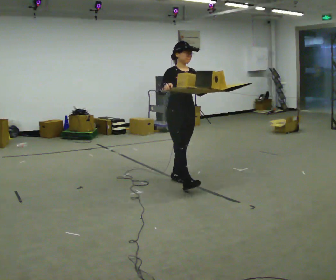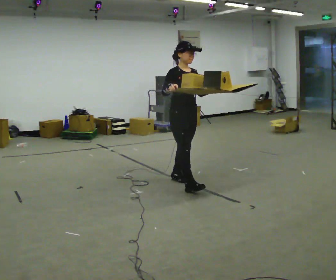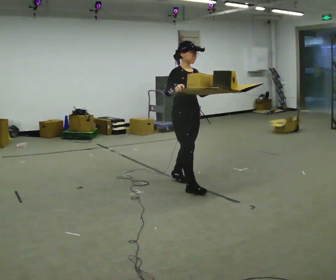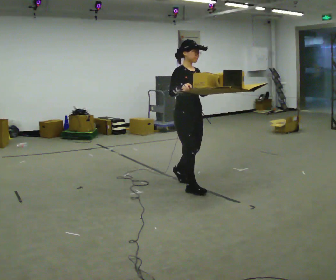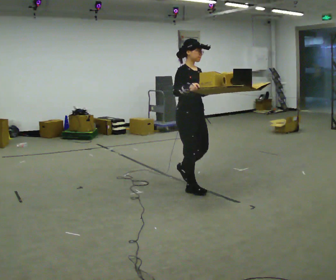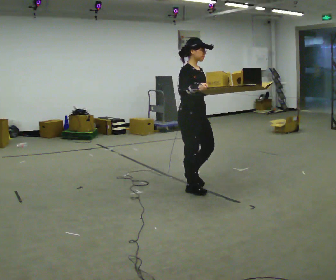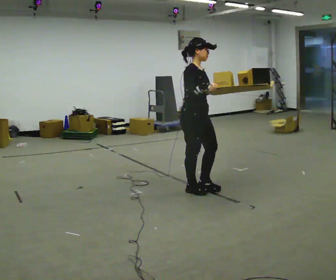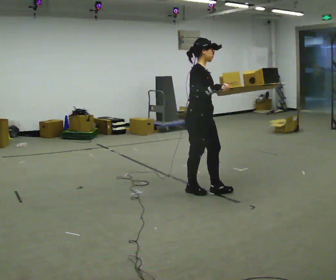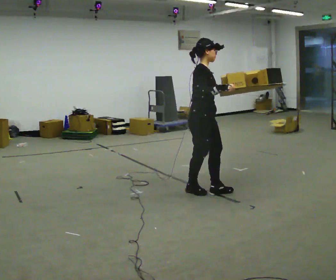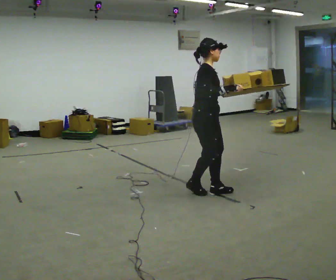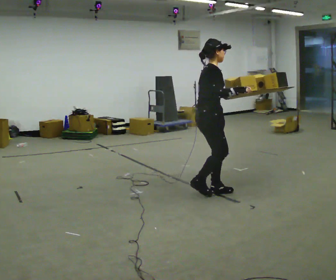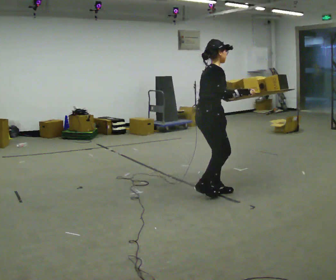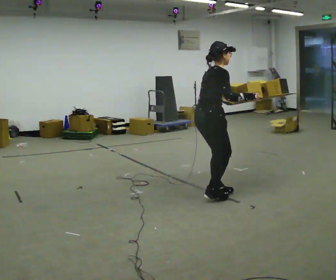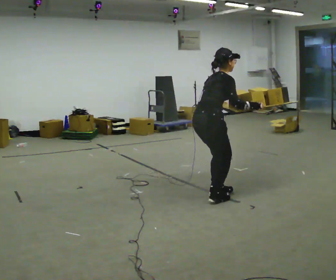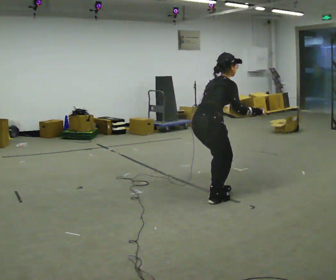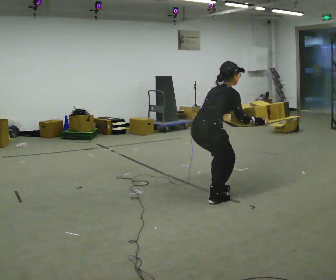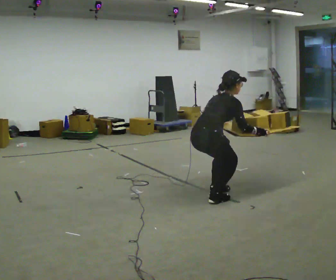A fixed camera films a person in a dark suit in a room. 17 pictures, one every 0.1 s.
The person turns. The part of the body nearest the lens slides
to the right.
The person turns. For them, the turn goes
to their left.
0.0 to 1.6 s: The person turns about 90 degrees to their left, counterclockwise seen from above, so the part of the body nearest the lens slides to the right. In the picture they go toward the camera and to the right, about 0.75 m in 3 steps. The shoulders move downward. The upper body tips away from the camera, its near side rolling upward, as they bend forward. In the picture their left hand goes downward.
The film runs forward here.
